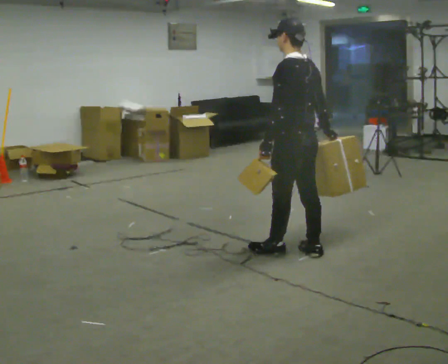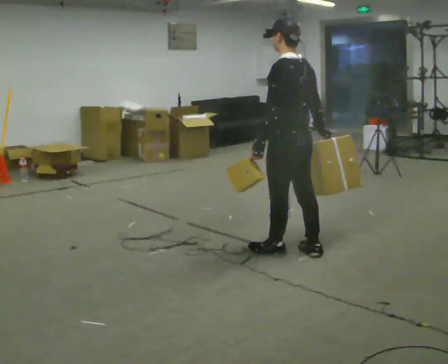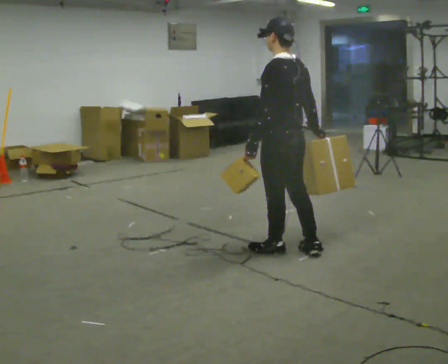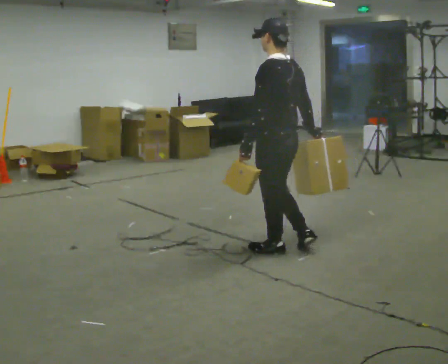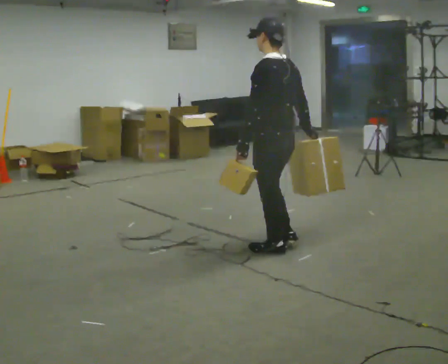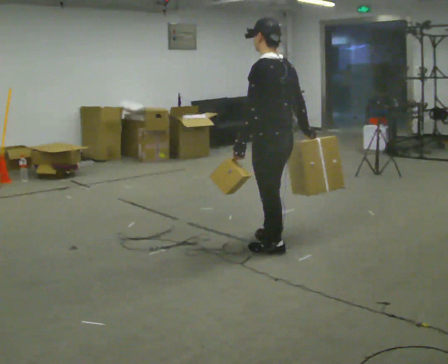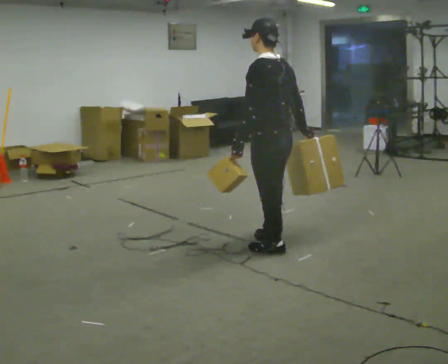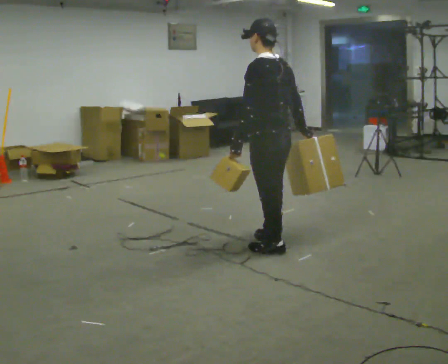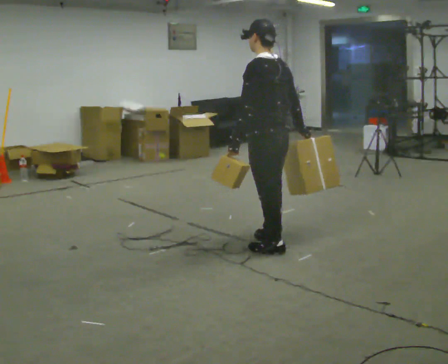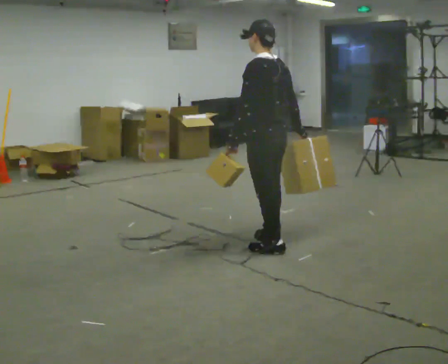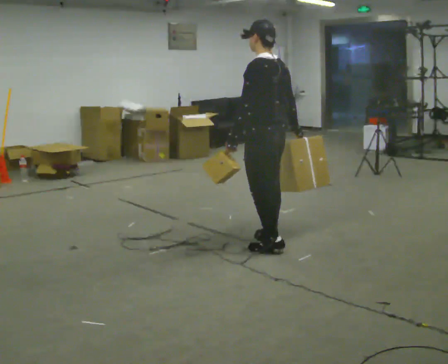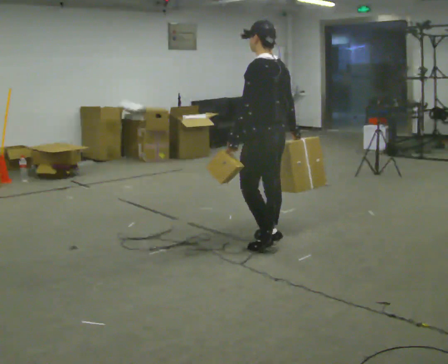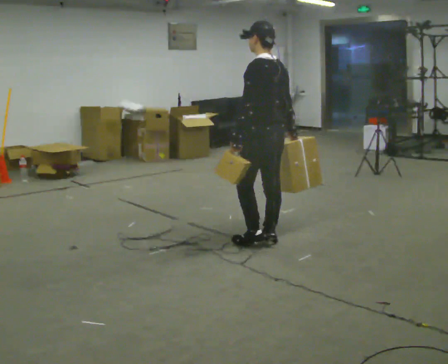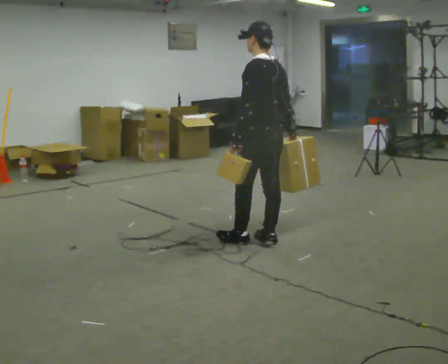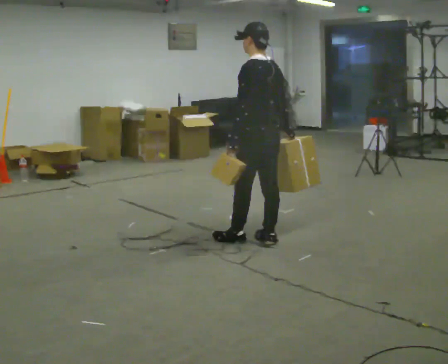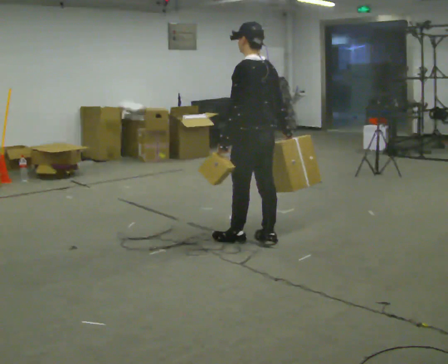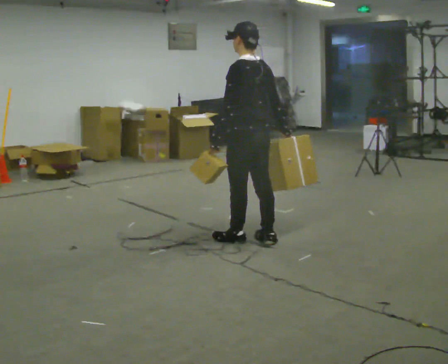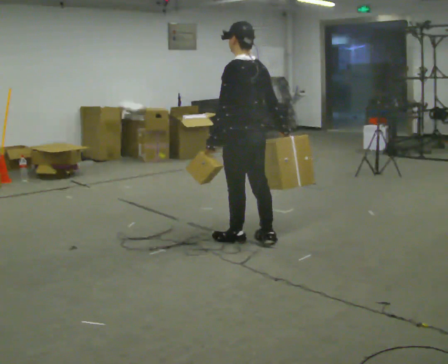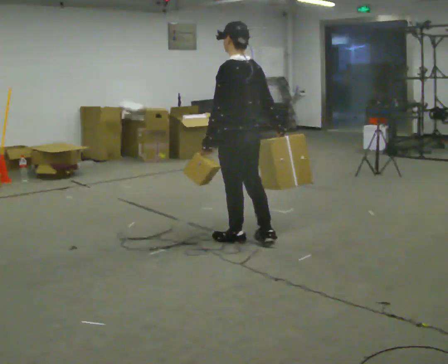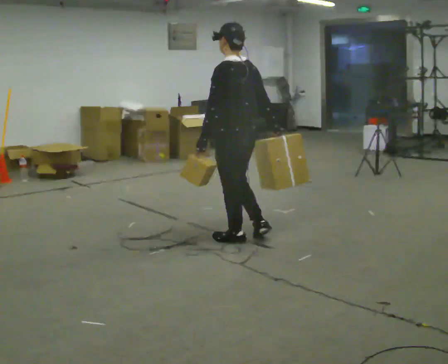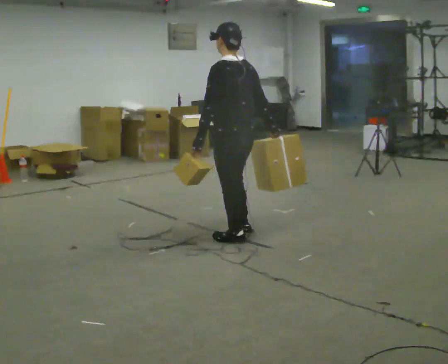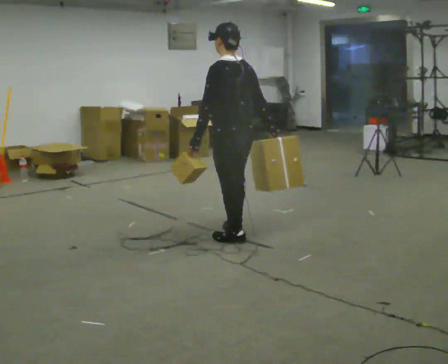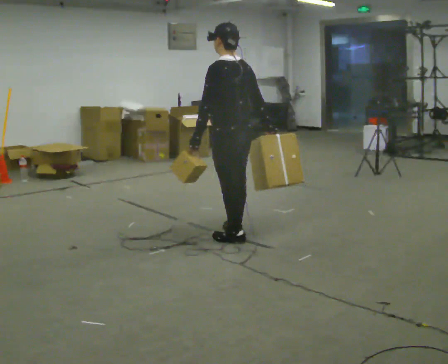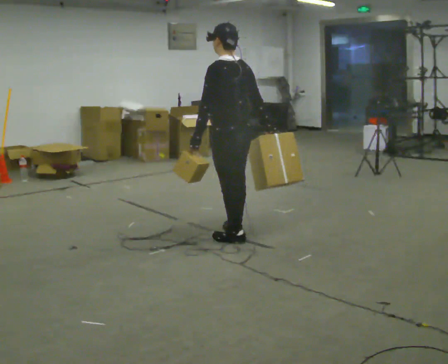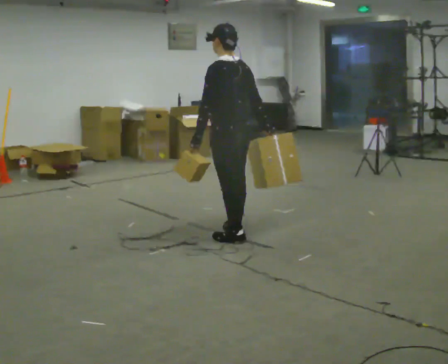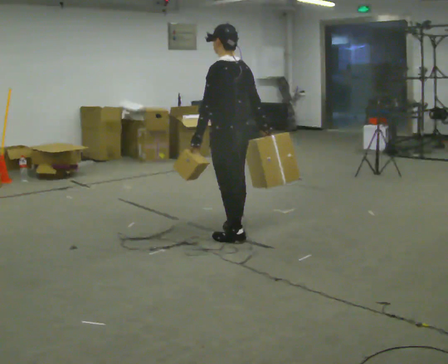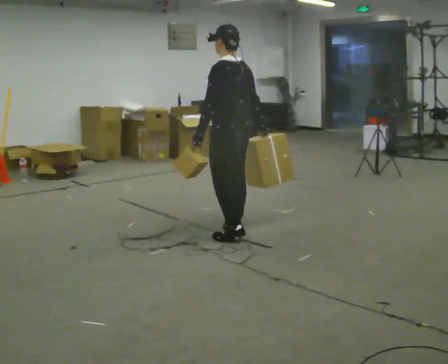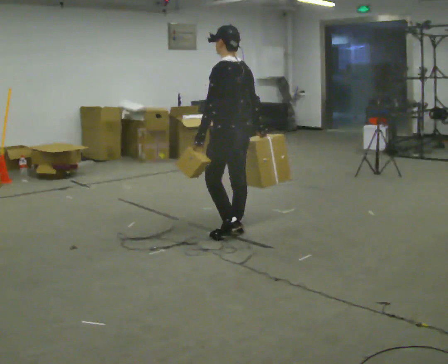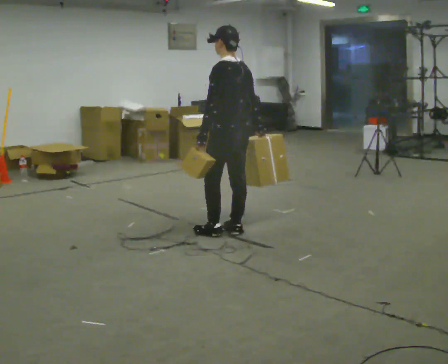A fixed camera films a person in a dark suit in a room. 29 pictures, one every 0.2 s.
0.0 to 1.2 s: In the picture they go to the left, about 0.25 m in 1 step, which for them is forward.
1.2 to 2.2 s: In the picture they go away from the camera, about 0.25 m, which for them is forward and to their right.
2.2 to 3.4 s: In the picture they go to the left, about 0.25 m in 1 step, which for them is forward.
3.4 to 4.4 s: The person moves a little, or ends about where they began.
4.4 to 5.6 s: In the picture they go away from the camera, about 0.25 m, which for them is forward and to their right.
The film runs forward here.
